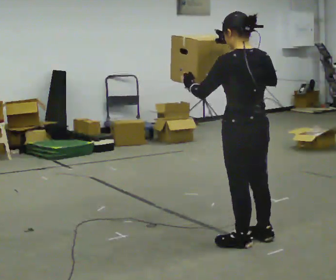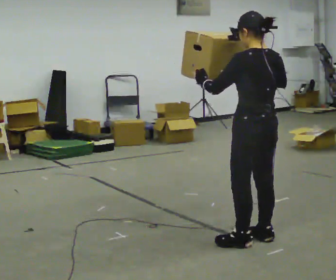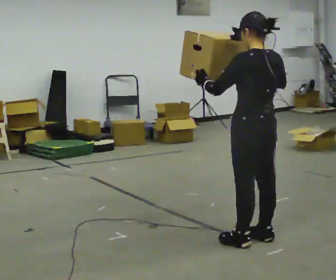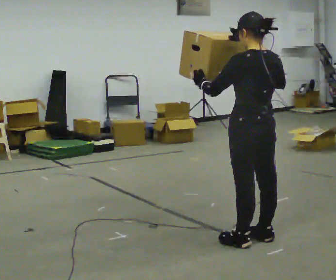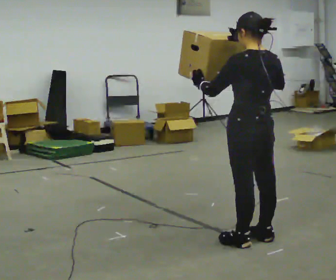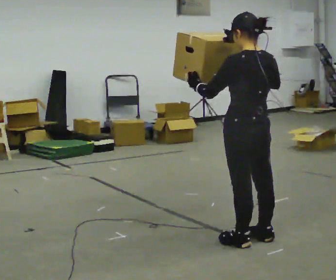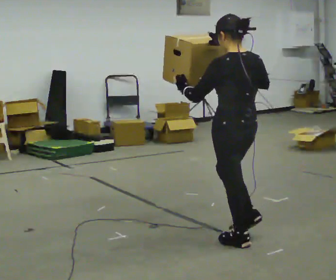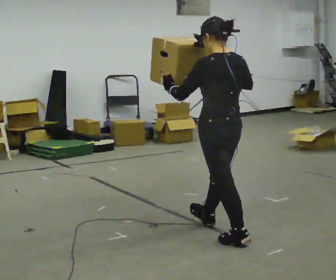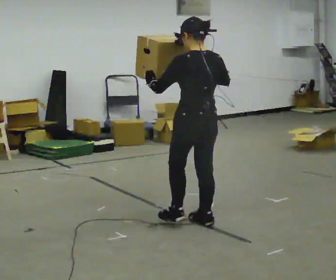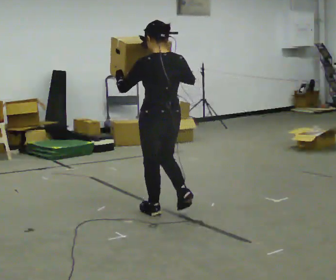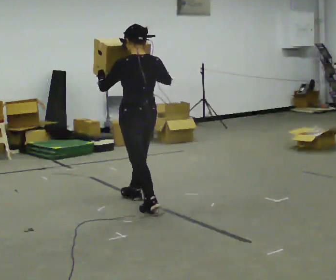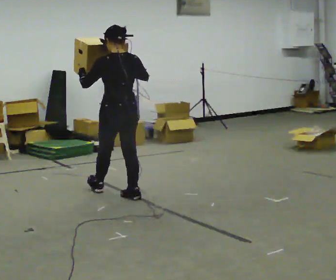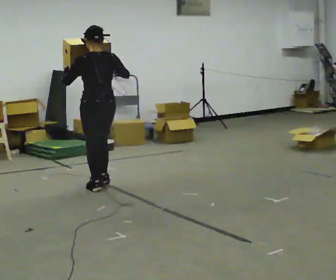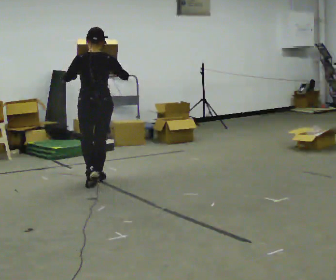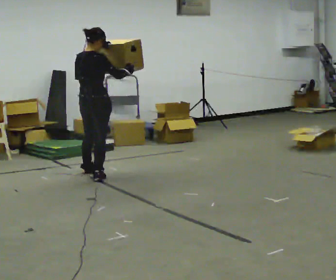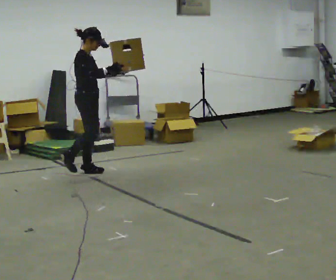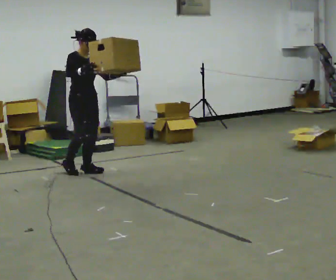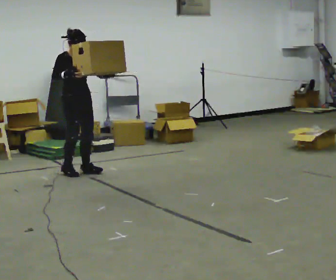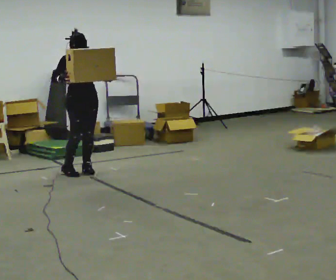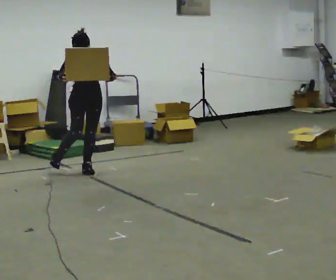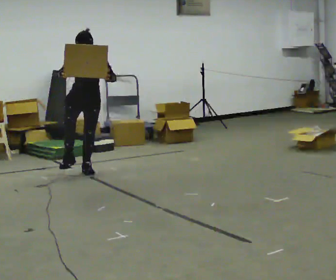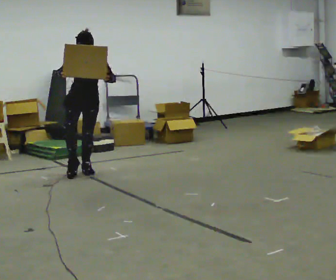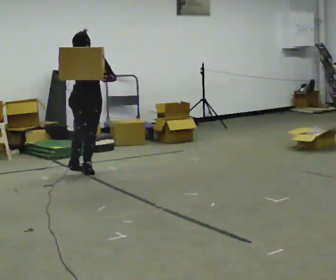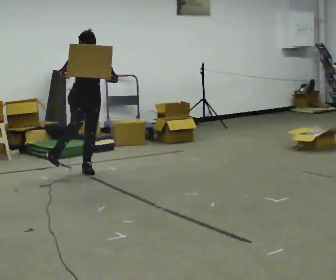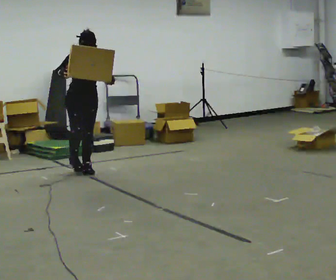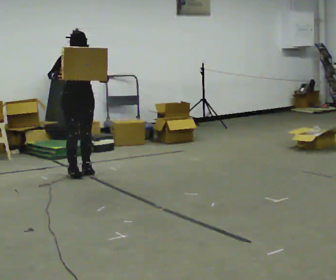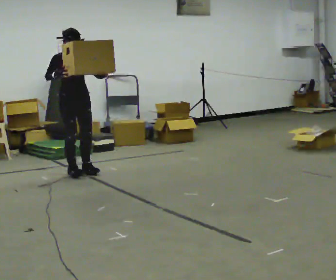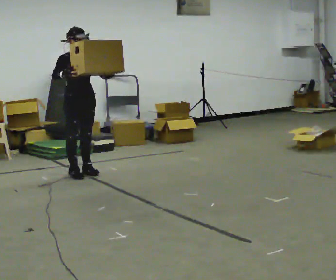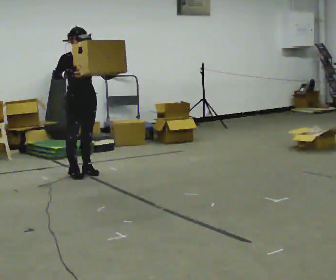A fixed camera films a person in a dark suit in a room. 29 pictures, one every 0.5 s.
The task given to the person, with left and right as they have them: Carry the heaviest box in both hands in front of you, walking back and forth across the room. Only carry what is comfortable. Set it down whenever you need to.
0.0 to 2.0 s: The person moves a little, or ends about where they began.
2.0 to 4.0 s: In the picture they go away from the camera and to the left, about 0.5 m in 1 step, which for them is forward.
4.0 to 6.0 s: In the picture they go away from the camera and to the left, about 1.5 m in 3 steps, which for them is forward.
6.0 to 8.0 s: The part of the body nearest the lens slides to the left as the person turns to their right by about 150 degrees. In the picture they go away from the camera, about 1 m in 2 steps.
8.0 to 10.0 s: Seen from above the body turns clockwise, about 45 degrees: to their right, with its near side sliding to the left.
10.0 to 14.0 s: Seen from above the body turns counterclockwise, about 30 degrees: to their left, with its near side sliding to the right.
The film runs forward here.
